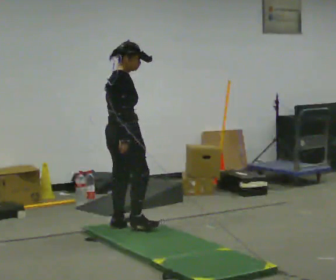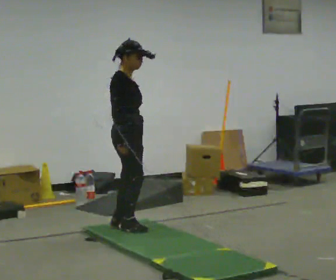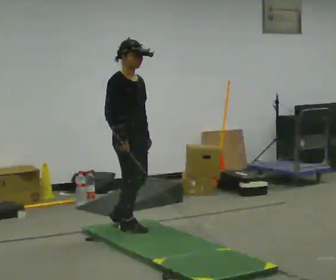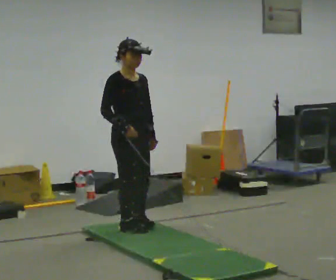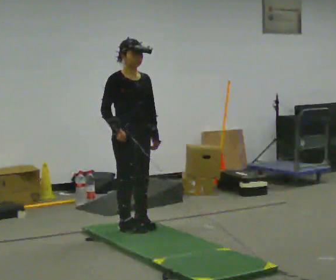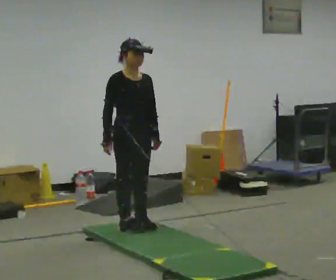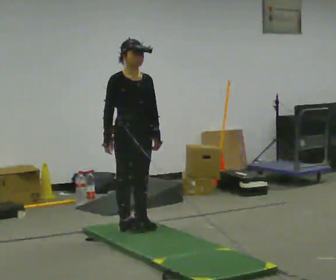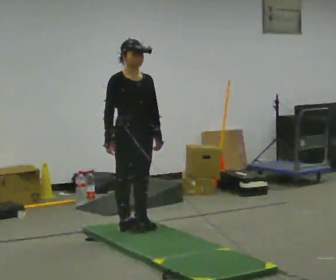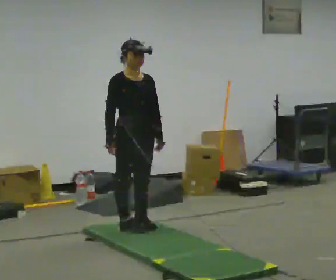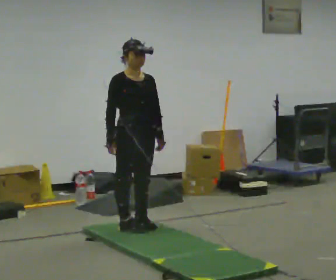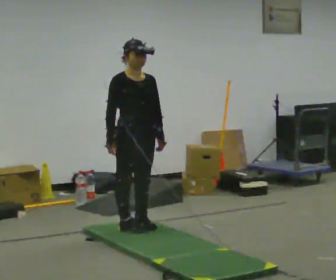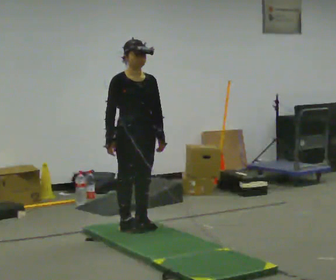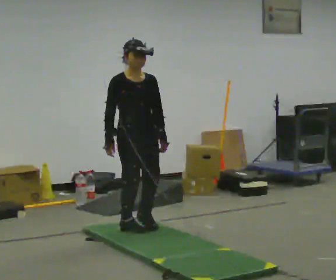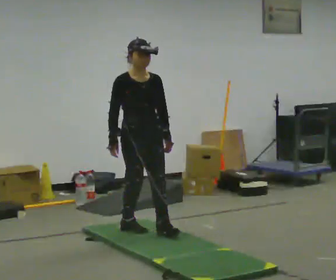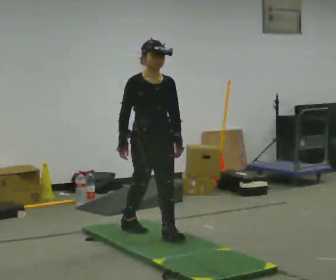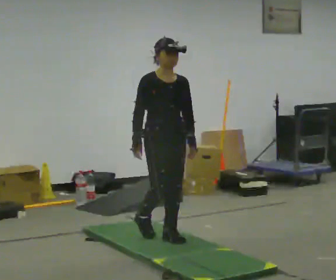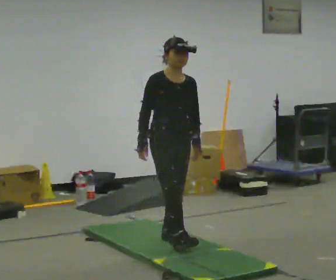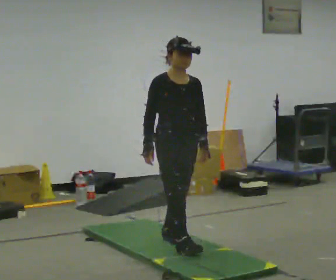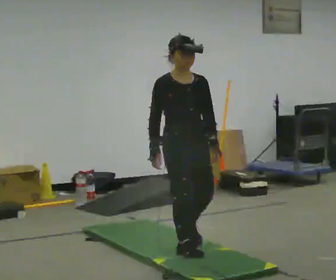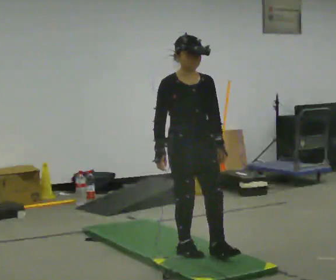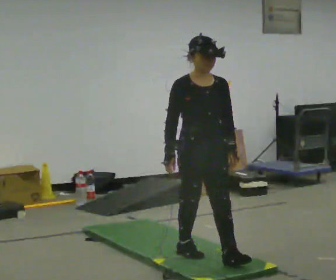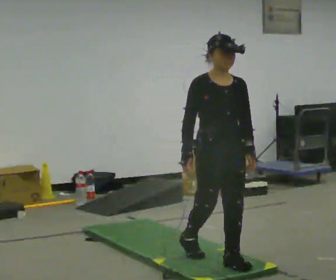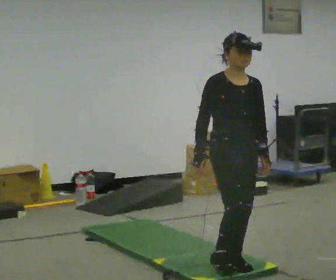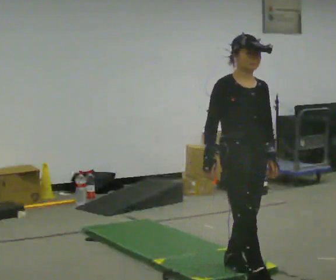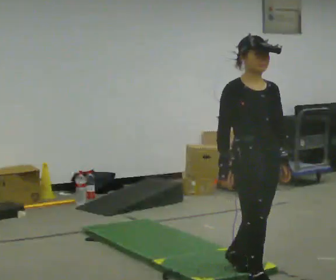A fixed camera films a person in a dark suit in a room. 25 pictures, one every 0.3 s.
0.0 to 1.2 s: The person turns about 75 degrees to their right, clockwise seen from above, so the part of the body nearest the lens slides to the left.
1.2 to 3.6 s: The person moves a little, or ends about where they began.
3.6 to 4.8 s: In the picture they go toward the camera and to the right, about 0.5 m in 1 step, which for them is forward.
4.8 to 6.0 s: In the picture they go toward the camera, about 0.5 m in 2 steps, which for them is forward.
6.0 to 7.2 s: In the picture they go toward the camera and to the right, about 0.5 m in 1 step, which for them is forward.
The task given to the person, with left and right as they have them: Walk across the soft uneven mat at a comfortable speed; continue walking normally after you leave it.
The film runs forward here.
